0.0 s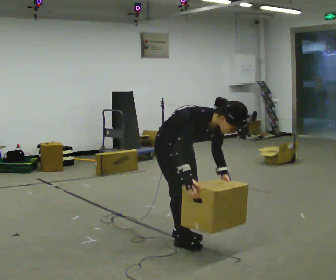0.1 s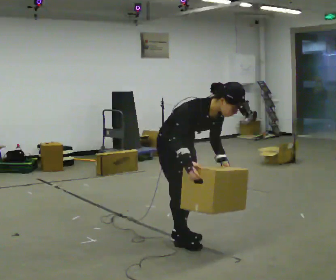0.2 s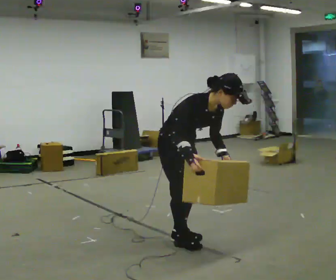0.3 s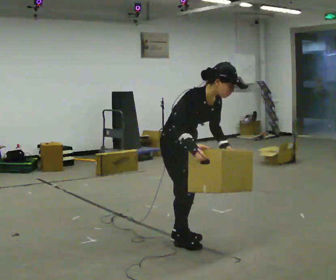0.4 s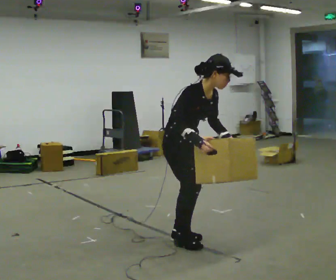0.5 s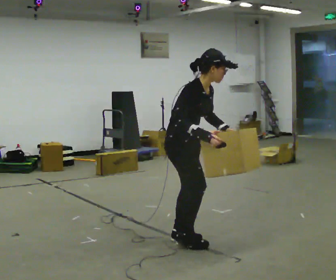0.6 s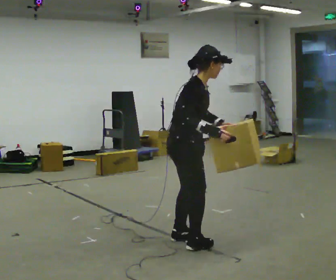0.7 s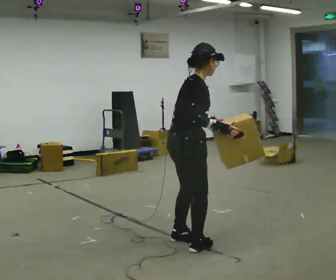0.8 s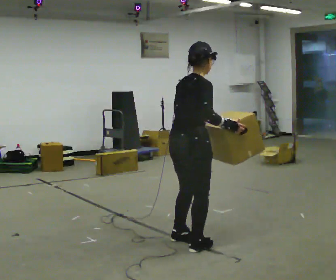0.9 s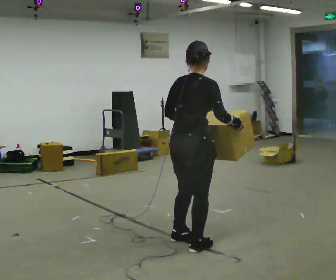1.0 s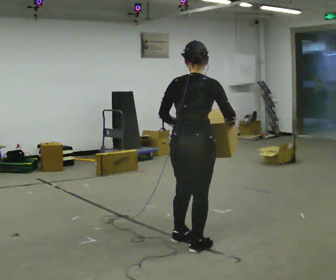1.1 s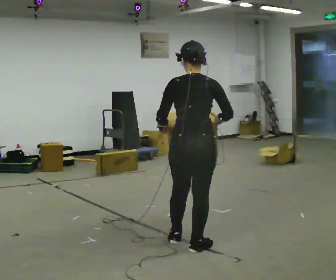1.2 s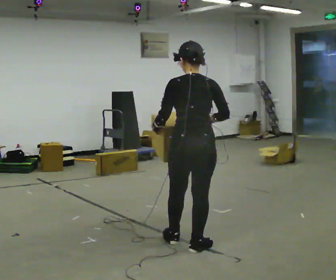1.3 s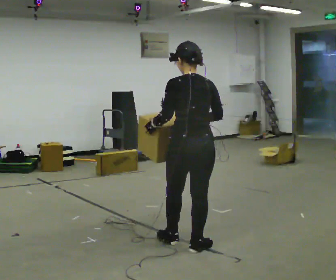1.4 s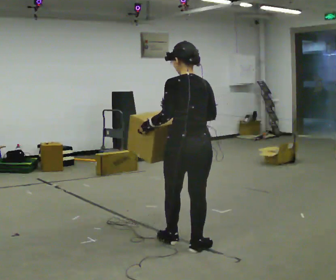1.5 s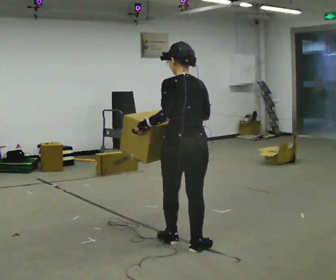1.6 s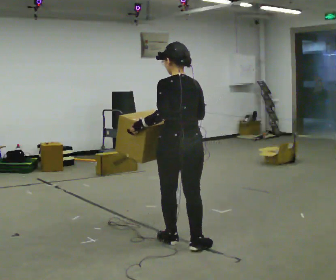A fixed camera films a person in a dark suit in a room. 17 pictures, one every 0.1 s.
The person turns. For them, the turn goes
to their left.
The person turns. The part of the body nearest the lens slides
to the right.
0.0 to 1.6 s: The person turns about 150 degrees to their left, counterclockwise seen from above, so the part of the body nearest the lens slides to the right. The shoulders move upward. In the picture the upper body tilts counterclockwise, shoulders to the left, as they lean back or straighten. In the picture their right hand goes upward.
The film runs forward here.
